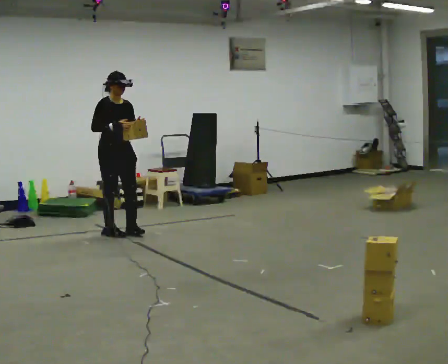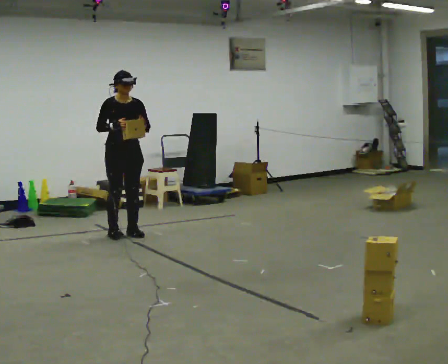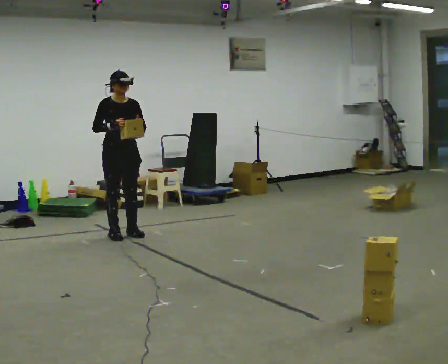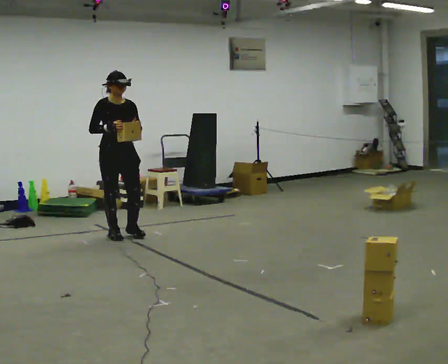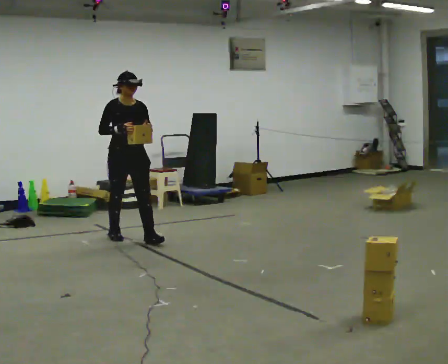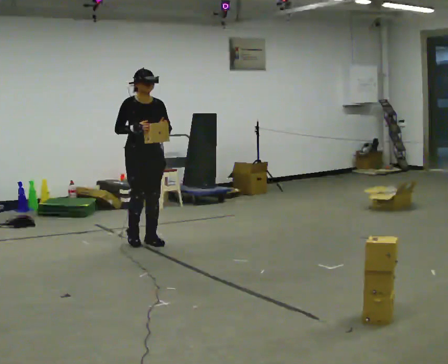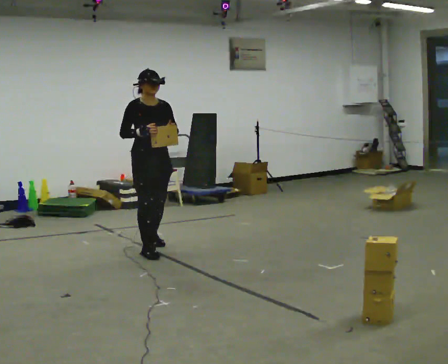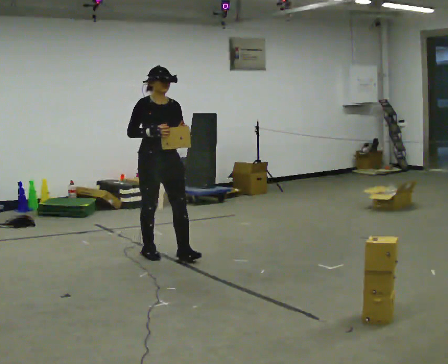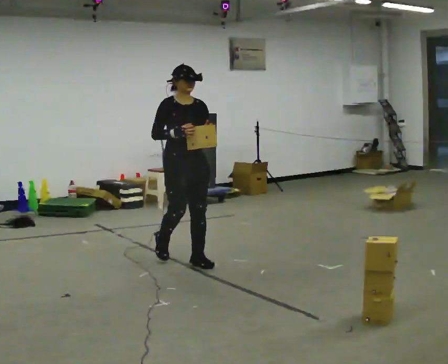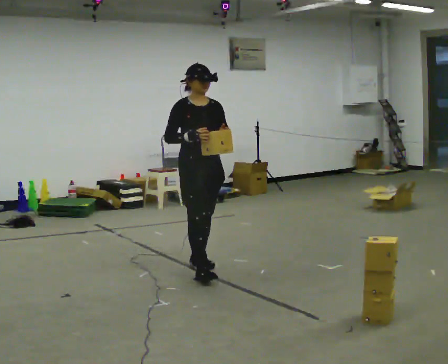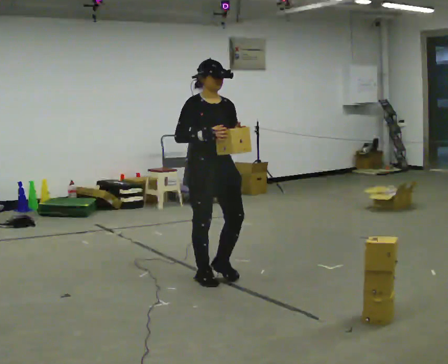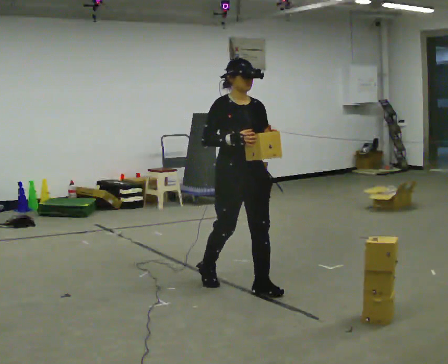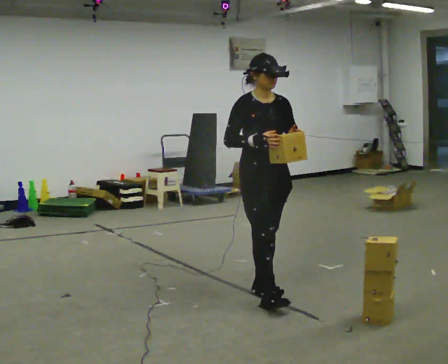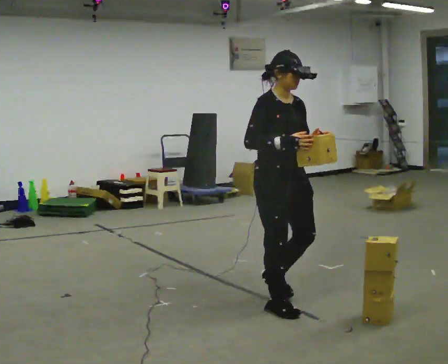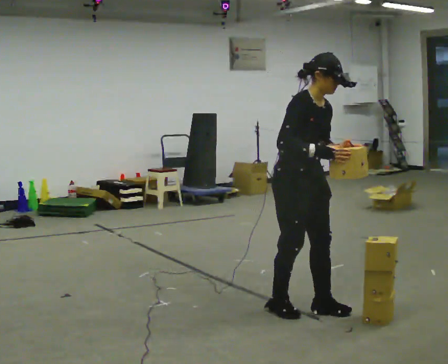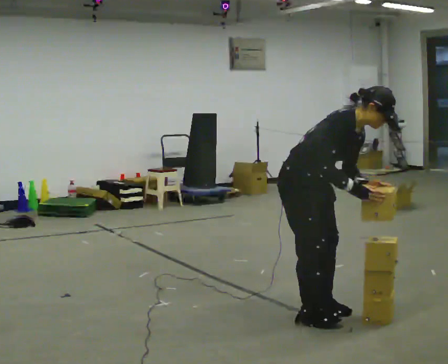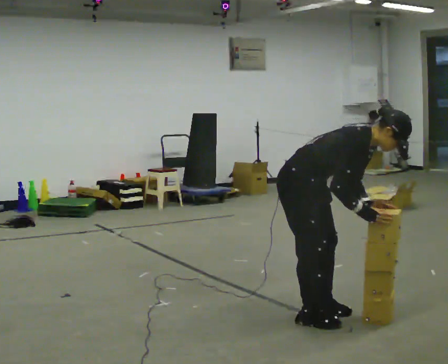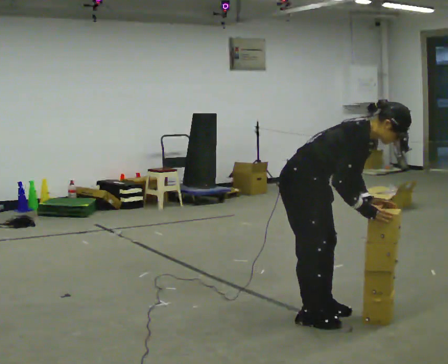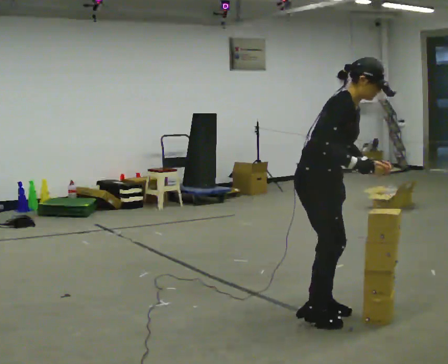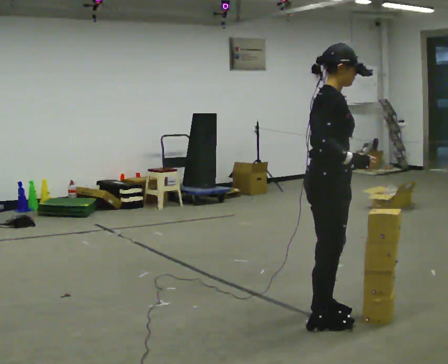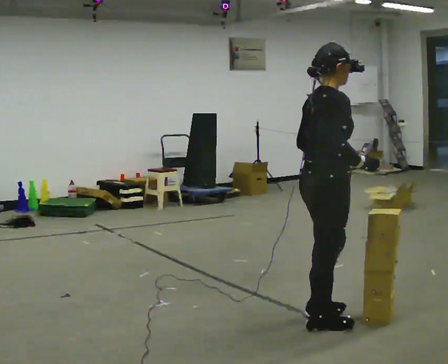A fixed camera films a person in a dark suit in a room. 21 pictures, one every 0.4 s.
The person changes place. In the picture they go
toward the camera.
0.0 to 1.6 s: In the picture they go toward the camera and to the right, about 0.25 m in 2 steps, which for them is forward.
1.6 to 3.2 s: In the picture they go toward the camera and to the right, about 1 m in 2 steps, which for them is forward.
3.2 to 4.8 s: In the picture they go toward the camera and to the right, about 1 m in 2 steps, which for them is forward.
4.8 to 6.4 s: Seen from above the body turns counterclockwise, about 30 degrees: to their left, with its near side sliding to the right. In the picture they go toward the camera and to the right, about 0.5 m in 3 steps, which for them is forward and to their right. The upper body goes downward. In the picture the upper body tilts clockwise, shoulders to the right, as they bend forward. In the picture their left hand goes downward.
6.4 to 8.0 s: The part of the body nearest the lens slides to the right as the person turns to their left by about 30 degrees. In the picture they go toward the camera, about 0.25 m, which for them is to their right and forward. The upper body goes upward. In the picture the upper body tilts counterclockwise, shoulders to the left, as they lean back or straighten.
The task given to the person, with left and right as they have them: Carry the stack of boxes across the room without letting it fall over, then bring it back. Keep going until the operator says stop; one object at a time, and do not rush between trips.
The film runs forward here.
